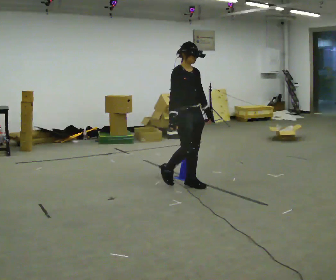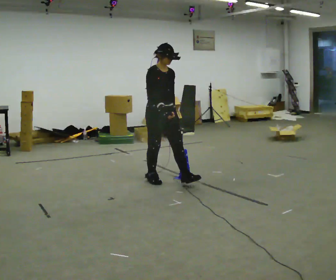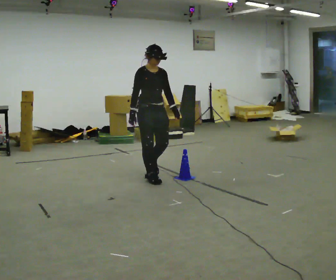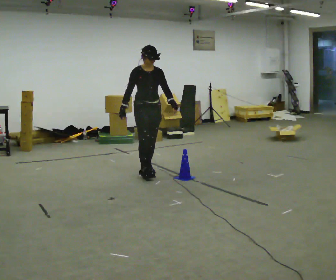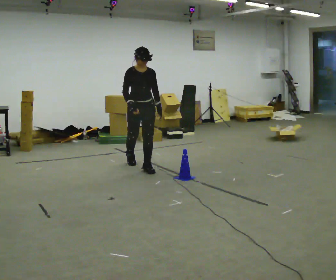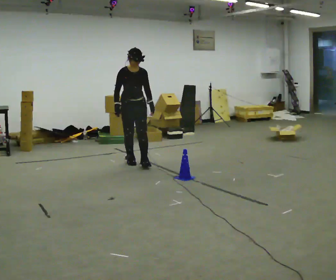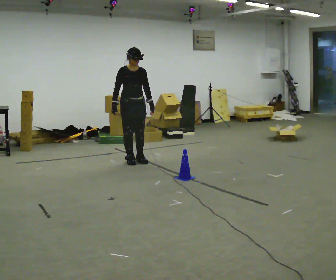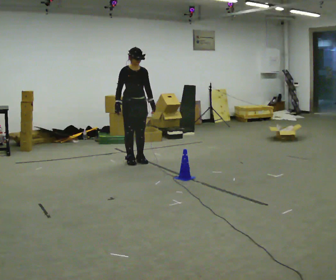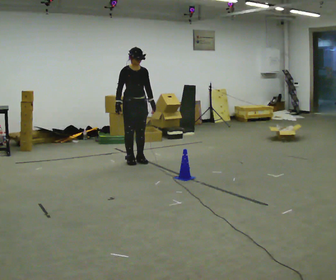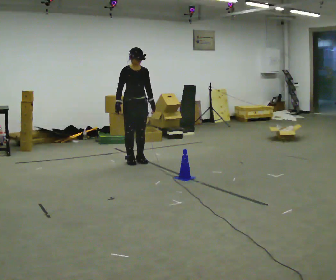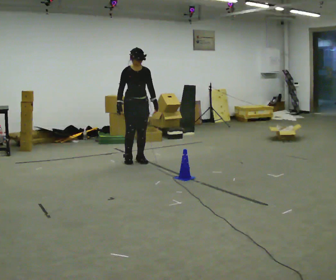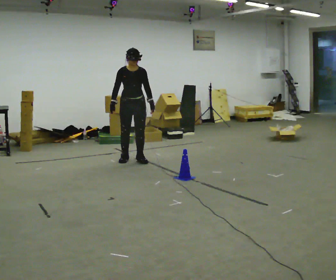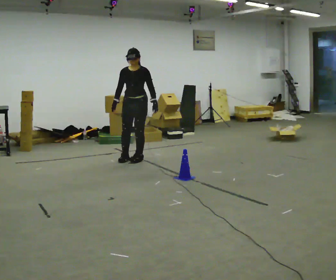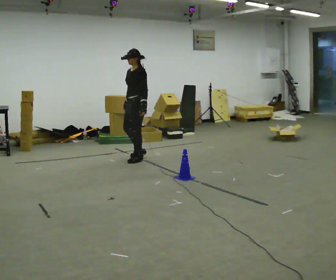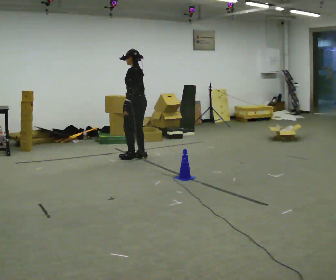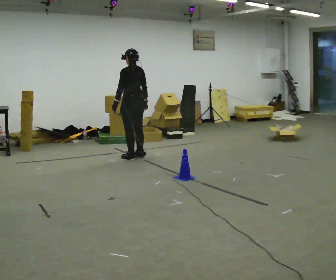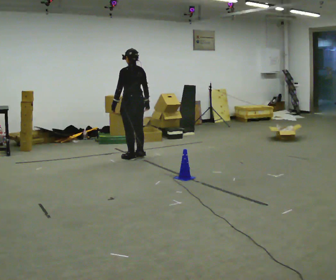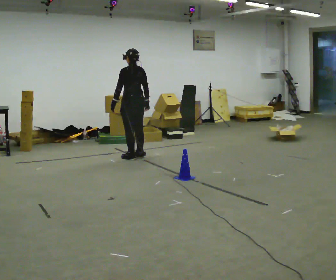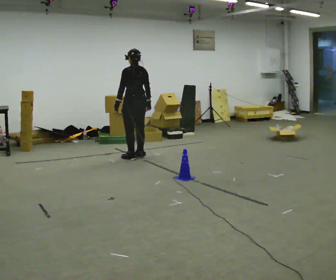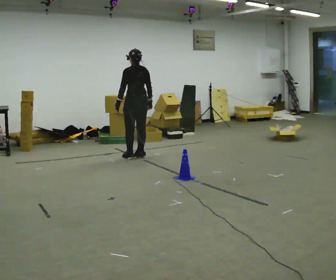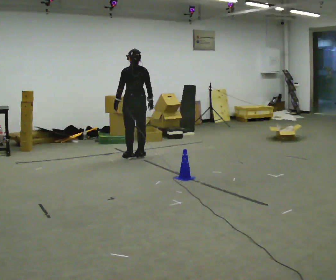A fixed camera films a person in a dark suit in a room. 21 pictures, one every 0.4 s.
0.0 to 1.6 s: The part of the body nearest the lens slides to the left as the person turns to their right by about 30 degrees. In the picture they go away from the camera and to the left, about 1 m in 2 steps, which for them is backward.
1.6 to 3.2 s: In the picture they go away from the camera, about 0.5 m in 1 step, which for them is backward.
3.2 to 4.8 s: The person turns about 45 degrees to their right, clockwise seen from above, so the part of the body nearest the lens slides to the left.
4.8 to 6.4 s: Seen from above the body turns clockwise, about 135 degrees: to their right, with its near side sliding to the left. In the picture their left hand goes to the left, the arm swinging clockwise.
6.4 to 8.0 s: The person moves a little, or ends about where they began.
The film runs backward here.
